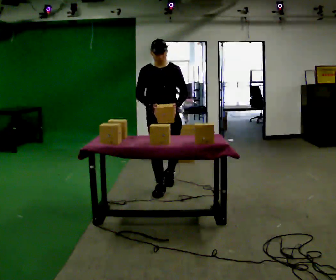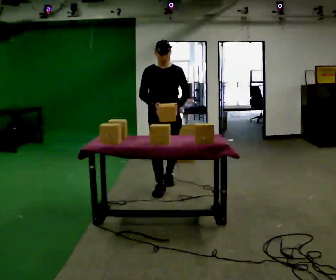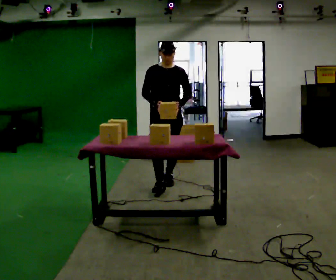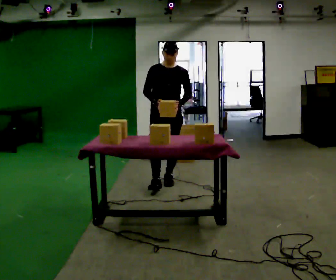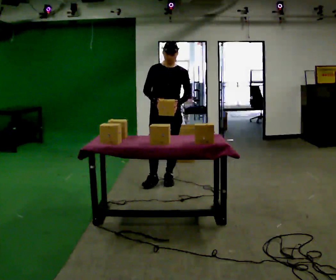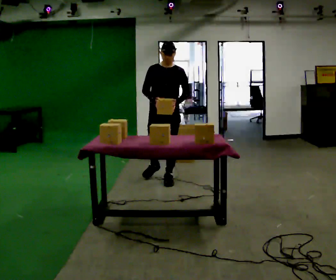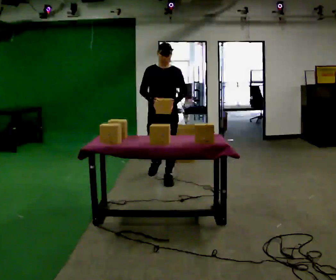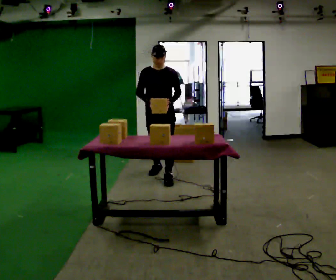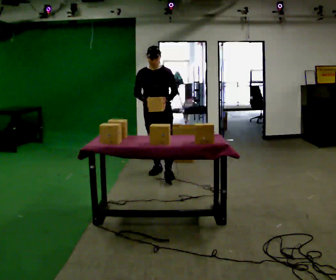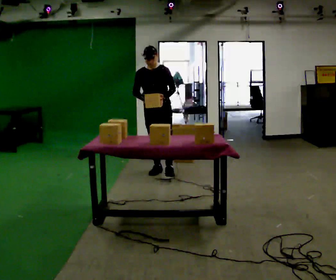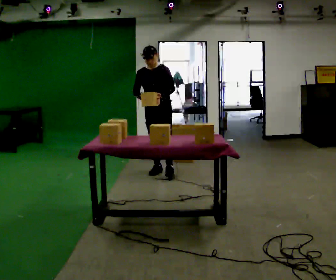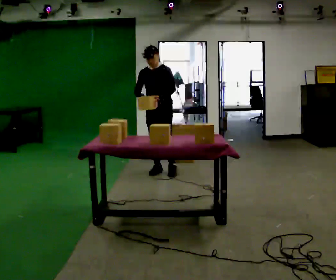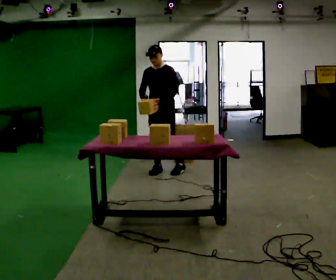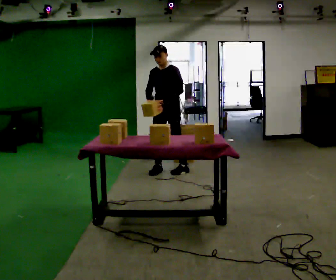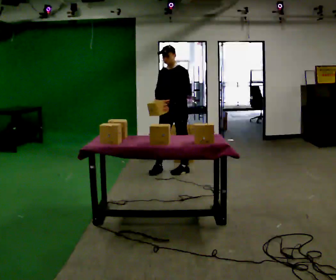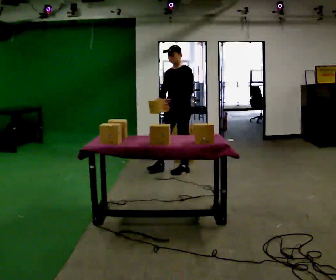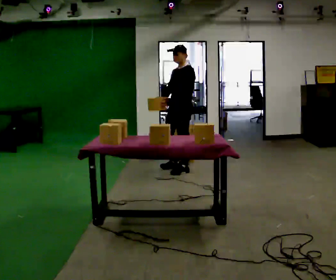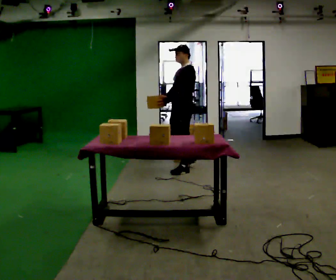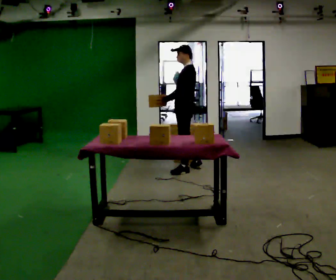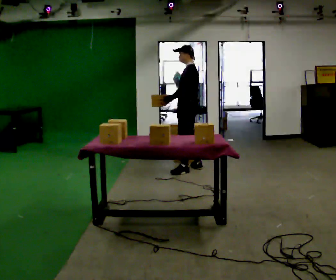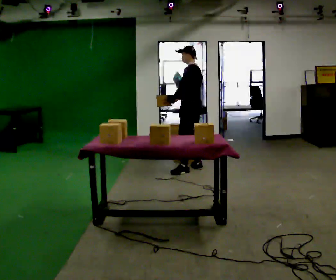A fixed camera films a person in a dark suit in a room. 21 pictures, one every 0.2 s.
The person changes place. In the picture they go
away from the camera.
The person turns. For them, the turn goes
to their right.
0.0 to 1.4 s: In the picture they go away from the camera, about 0.5 m in 1 step, which for them is backward.
1.4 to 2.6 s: In the picture they go away from the camera, about 0.25 m in 1 step, which for them is backward.
2.6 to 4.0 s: Seen from above the body turns clockwise, about 75 degrees: to their right, with its near side sliding to the left. In the picture they go to the right, about 0.25 m in 1 step.
The film runs backward here.
